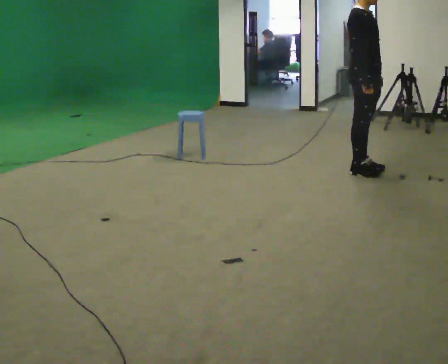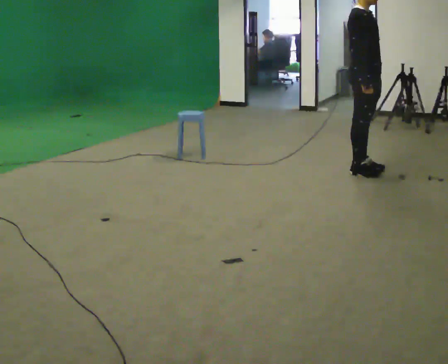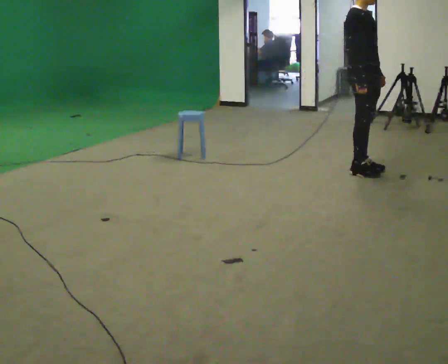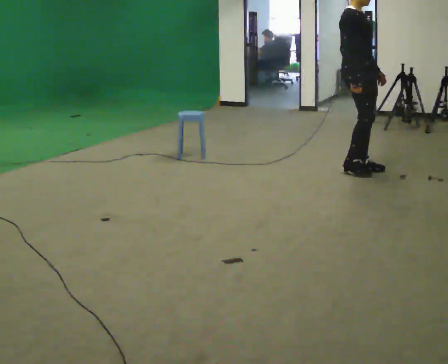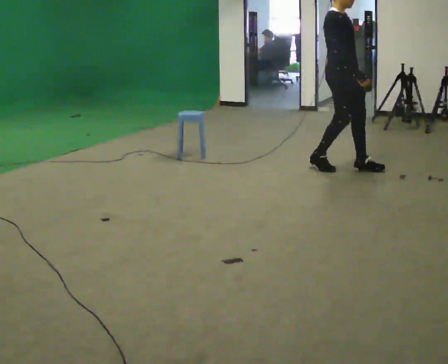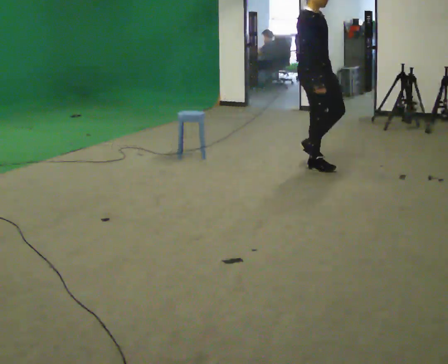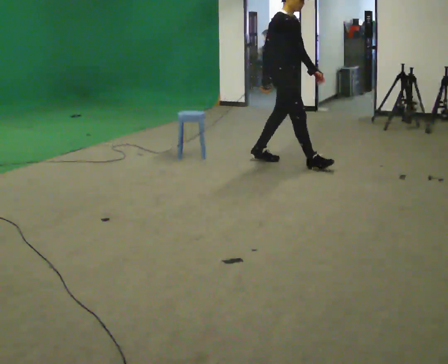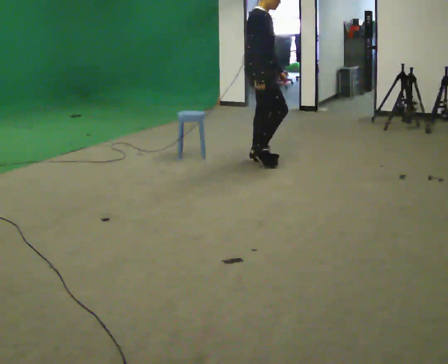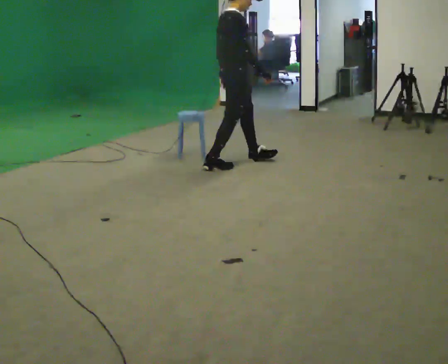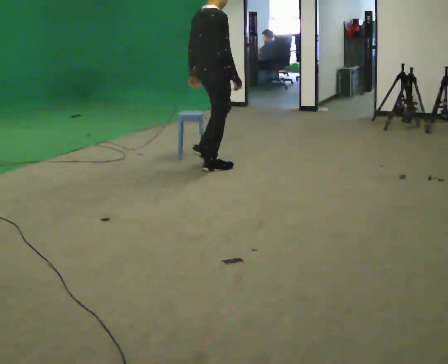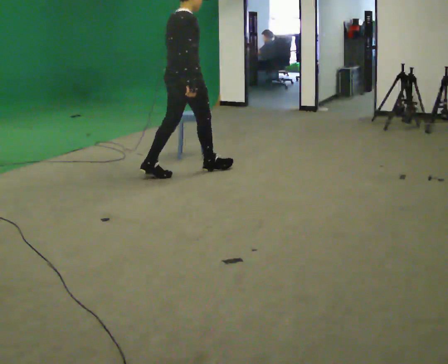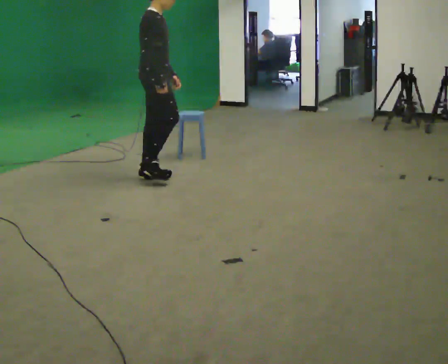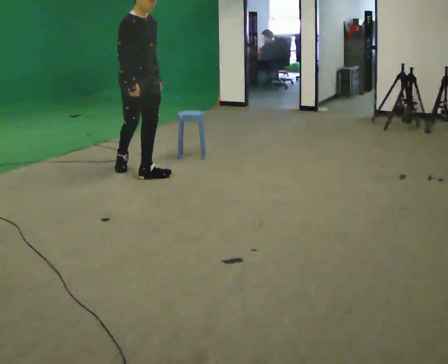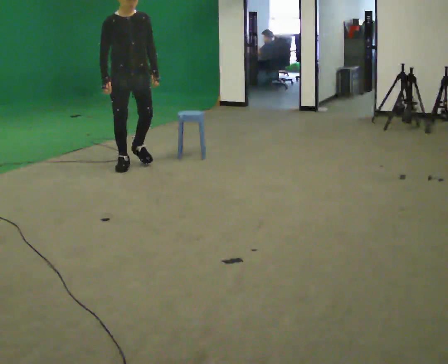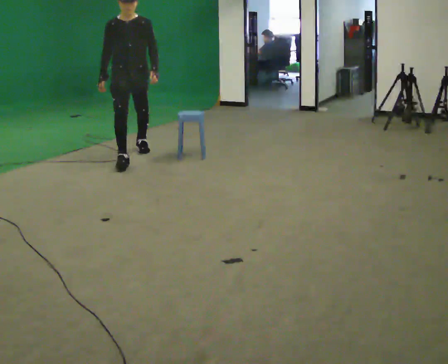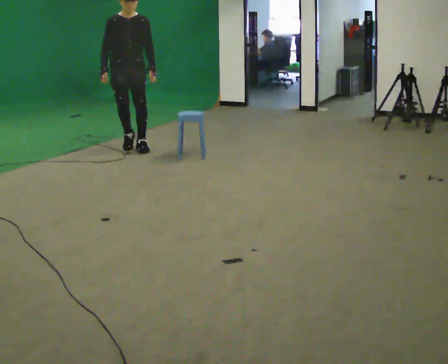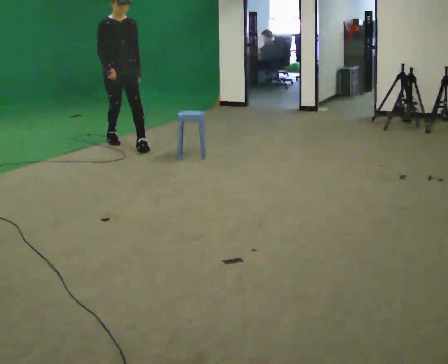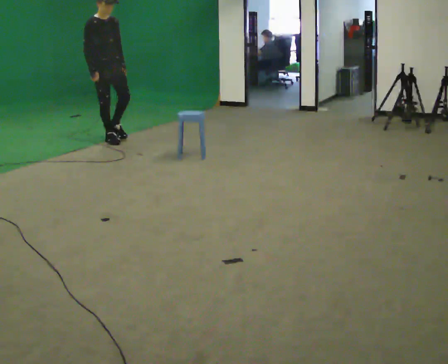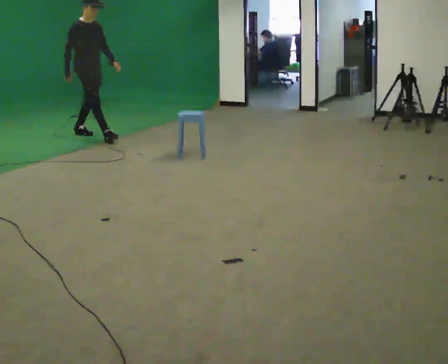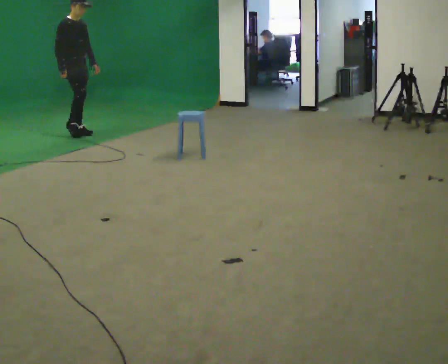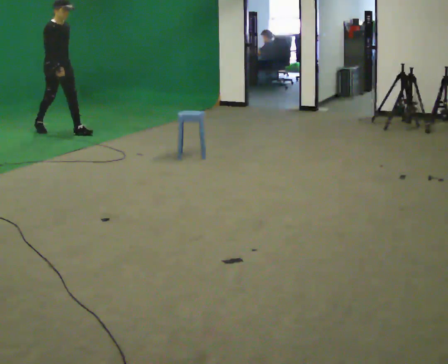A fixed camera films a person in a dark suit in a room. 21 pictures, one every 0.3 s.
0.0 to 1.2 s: The person moves a little, or ends about where they began.
1.2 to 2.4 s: Seen from above the body turns counterclockwise, about 30 degrees: to their left, with its near side sliding to the right. In the picture they go to the left, about 1 m in 2 steps, which for them is backward.
2.4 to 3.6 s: The person turns about 45 degrees to their right, clockwise seen from above, so the part of the body nearest the lens slides to the left. In the picture they go to the left, about 1 m in 2 steps.
3.6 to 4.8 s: The person turns about 30 degrees to their right, clockwise seen from above, so the part of the body nearest the lens slides to the left. In the picture they go away from the camera, about 1 m in 2 steps, which for them is backward.
4.8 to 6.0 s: The part of the body nearest the lens slides to the right as the person turns to their left by about 30 degrees. In the picture they go to the left and away from the camera, about 1 m in 2 steps, which for them is backward.
The film runs backward here.
